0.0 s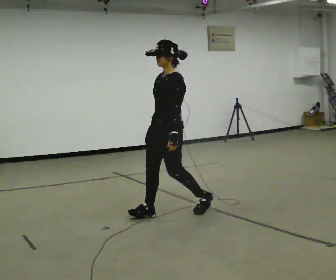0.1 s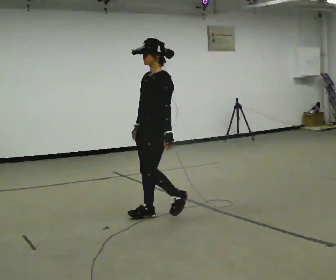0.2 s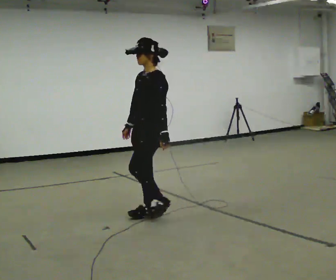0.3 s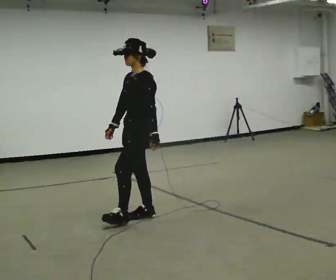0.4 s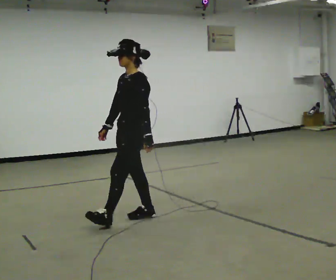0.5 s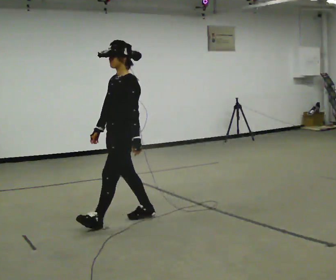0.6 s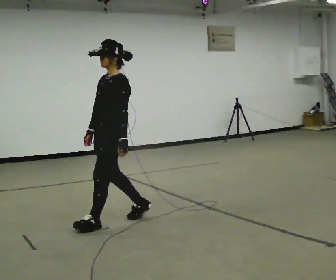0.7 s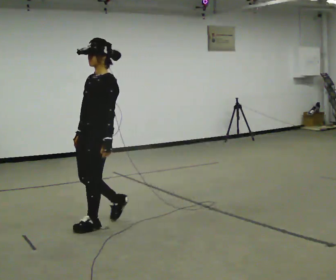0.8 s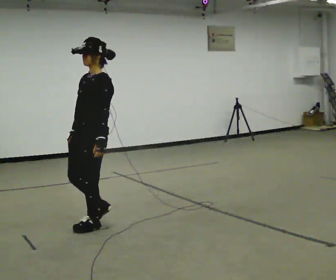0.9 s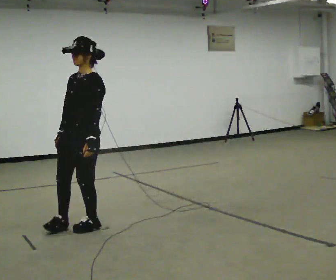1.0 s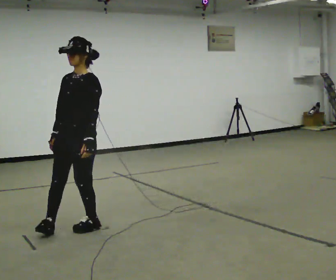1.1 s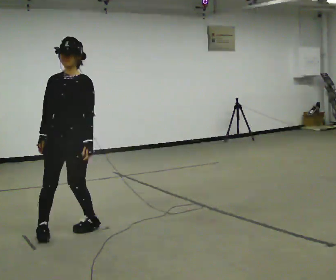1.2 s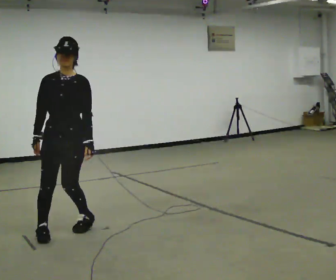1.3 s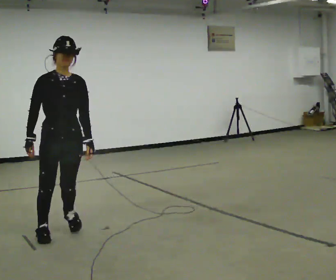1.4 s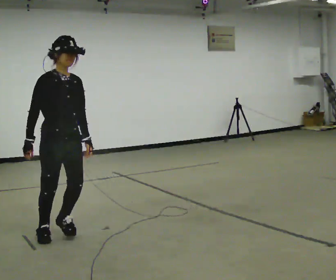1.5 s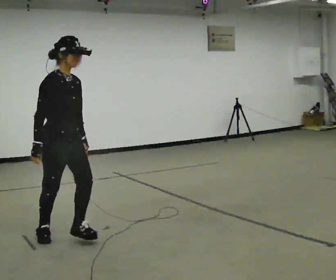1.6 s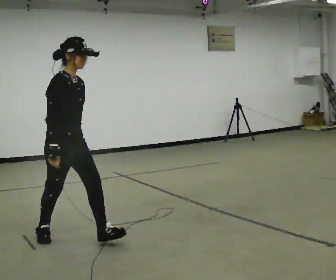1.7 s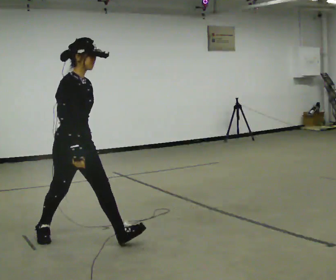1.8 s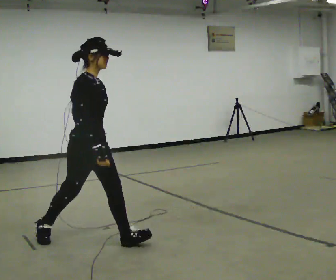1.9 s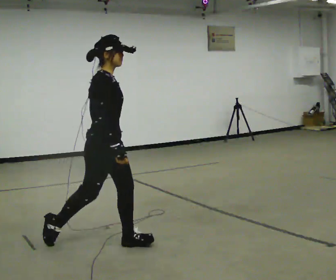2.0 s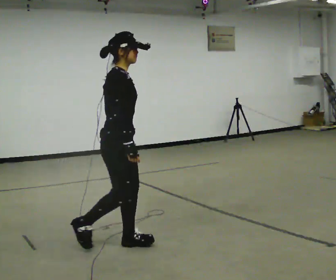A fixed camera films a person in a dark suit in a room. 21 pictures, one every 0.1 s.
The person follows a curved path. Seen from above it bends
counterclockwise.
The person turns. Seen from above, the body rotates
counterclockwise.
0.0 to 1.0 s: Seen from above the body turns counterclockwise, about 30 degrees: to their left, with its near side sliding to the right. In the picture they go to the left and toward the camera, about 1 m in 1 step, which for them is forward.
1.0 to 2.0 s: The person turns about 120 degrees to their left, counterclockwise seen from above, so the part of the body nearest the lens slides to the right. In the picture they go toward the camera and to the right, about 0.5 m in 2 steps.
The film runs forward here.
